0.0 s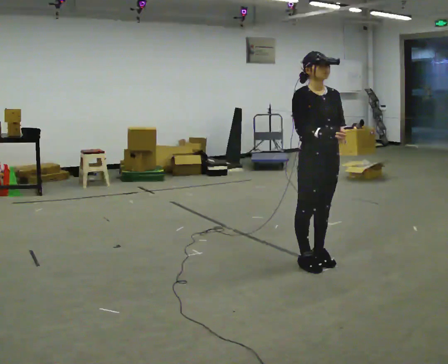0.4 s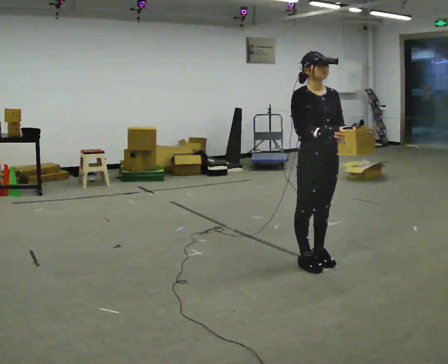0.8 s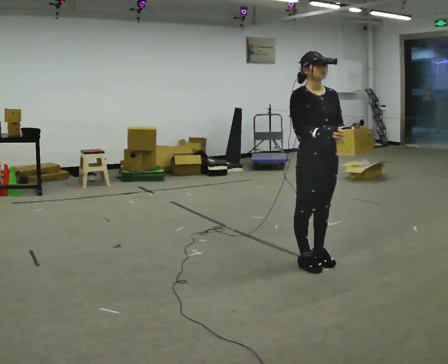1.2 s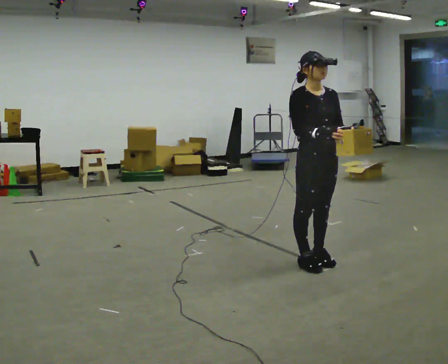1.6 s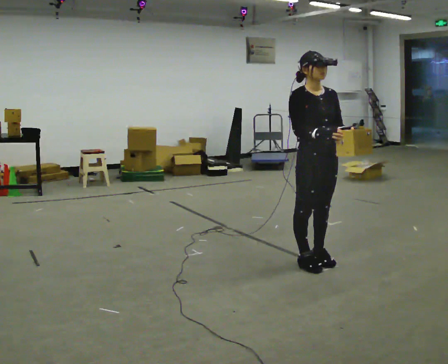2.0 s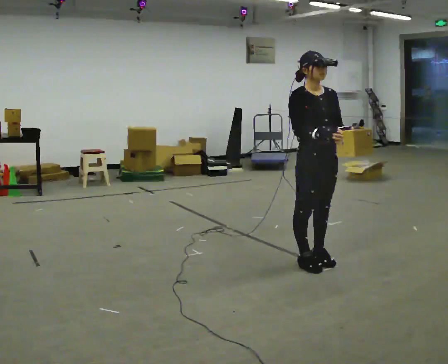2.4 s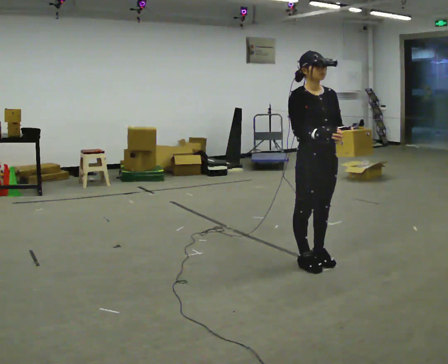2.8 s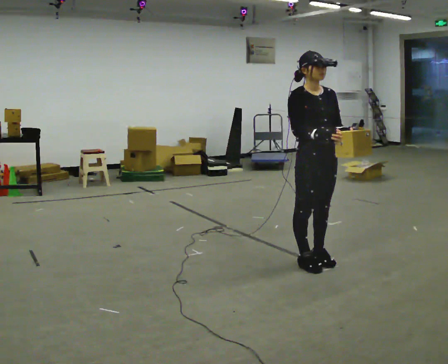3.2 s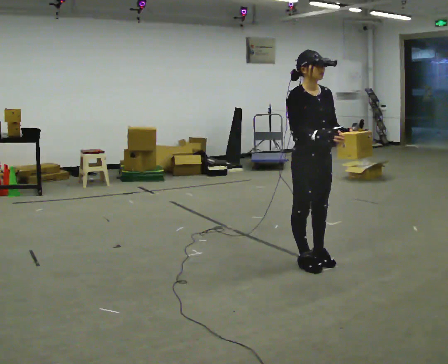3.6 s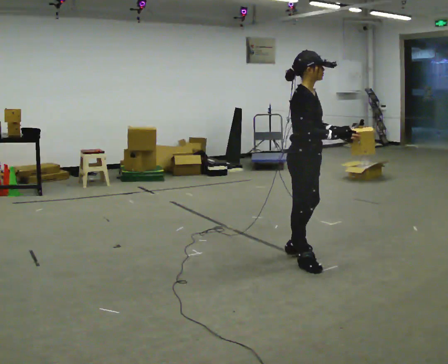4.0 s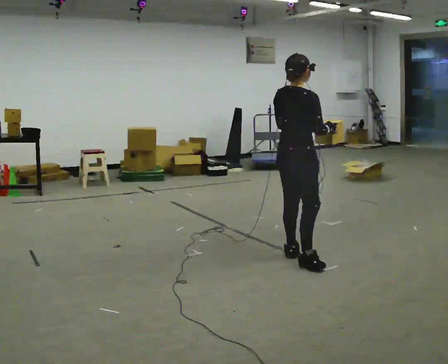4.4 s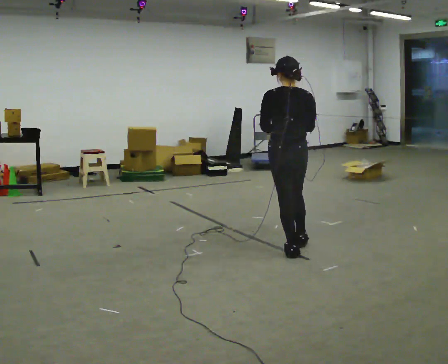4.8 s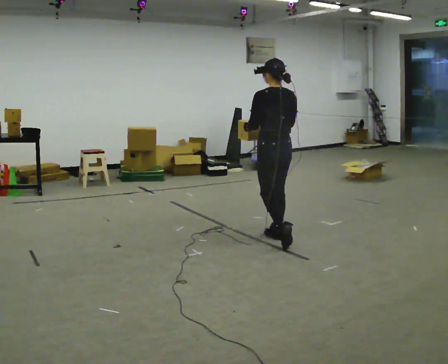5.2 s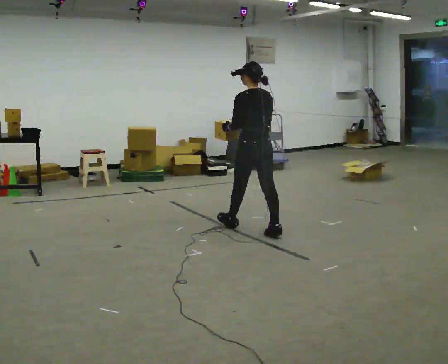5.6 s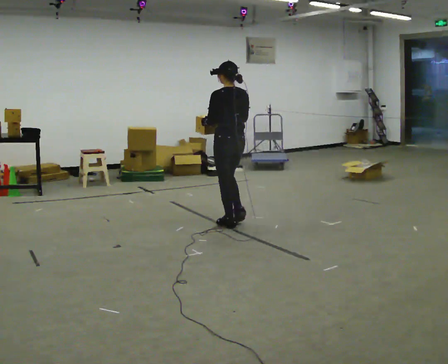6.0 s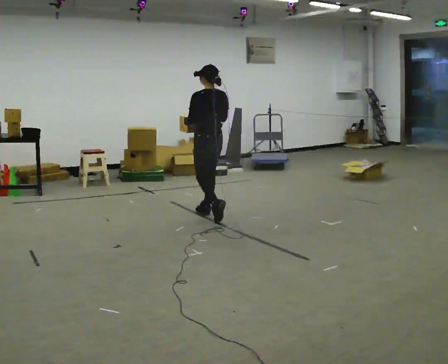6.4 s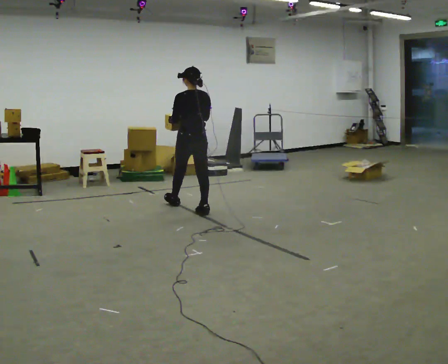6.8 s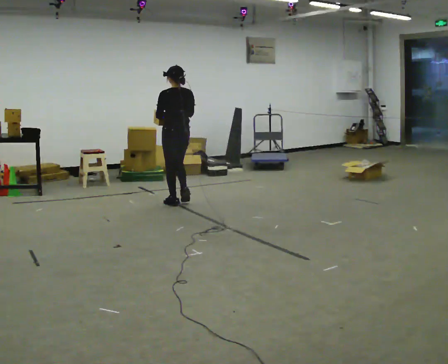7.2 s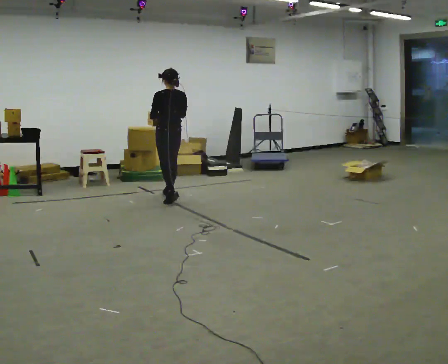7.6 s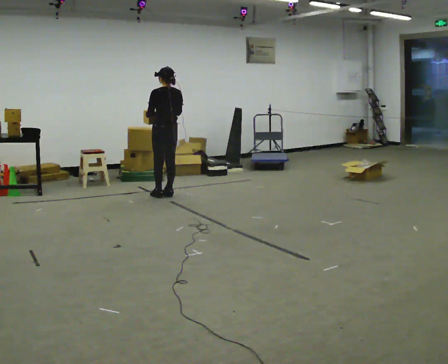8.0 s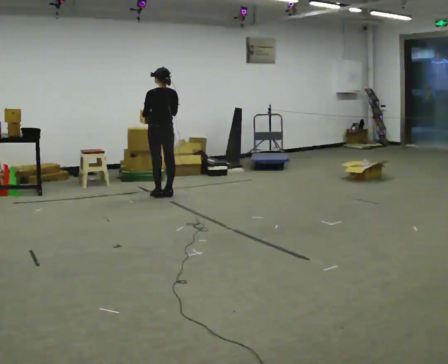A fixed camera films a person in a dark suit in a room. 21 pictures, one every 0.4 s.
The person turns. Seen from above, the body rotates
counterclockwise.
The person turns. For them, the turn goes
to their left.
0.0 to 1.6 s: The person keeps their place and pose.
1.6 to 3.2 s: The person moves a little, or ends about where they began.
3.2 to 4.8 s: The part of the body nearest the lens slides to the right as the person turns to their left by about 165 degrees. In the picture they go away from the camera and to the left, about 0.75 m in 2 steps.
4.8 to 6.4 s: In the picture they go to the left and away from the camera, about 1.5 m in 2 steps, which for them is forward.
6.4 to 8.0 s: In the picture they go away from the camera and to the left, about 1 m in 3 steps, which for them is forward.
The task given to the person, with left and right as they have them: Carry the light box in both hands in front of you, walking back and forth across the room. Keep walking until the operator says stop.
The film runs forward here.
